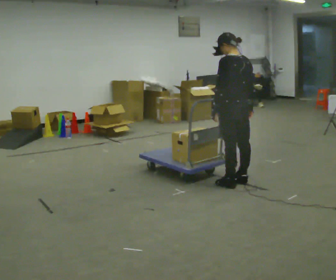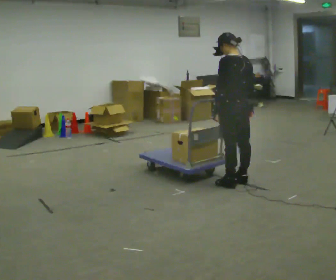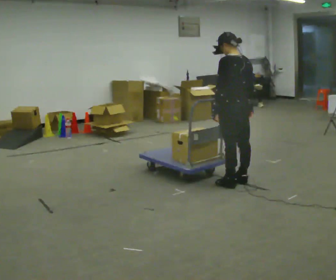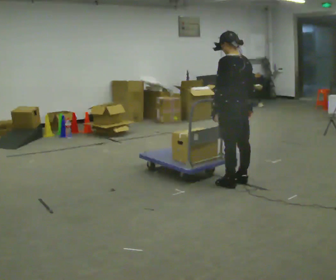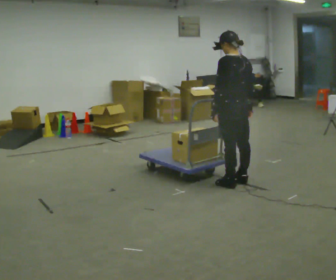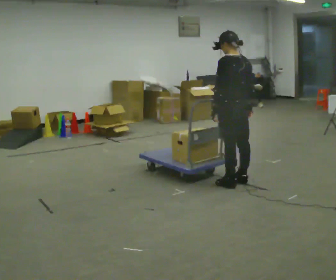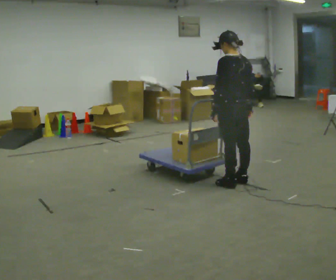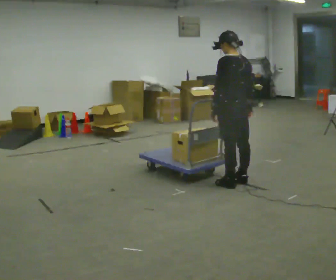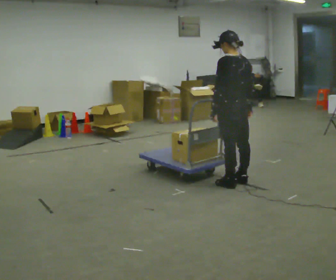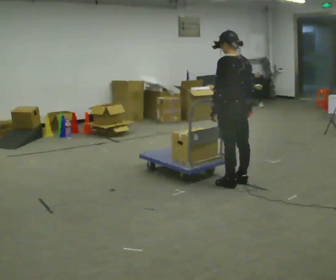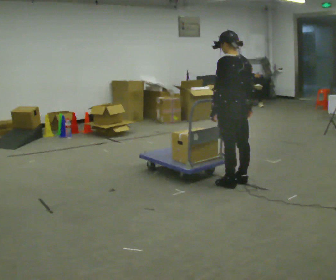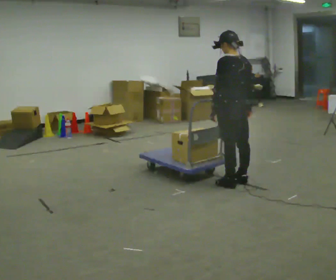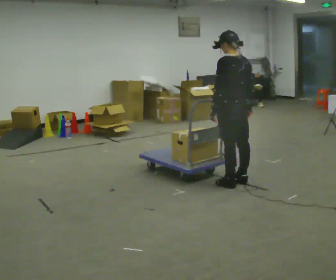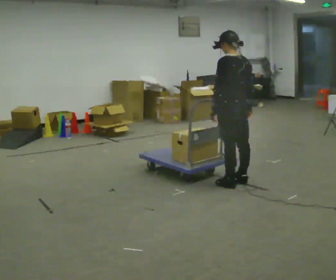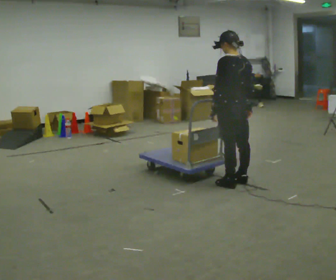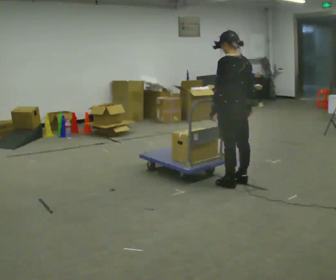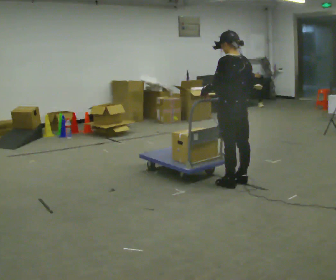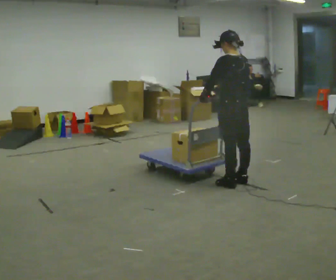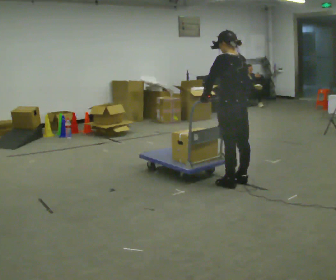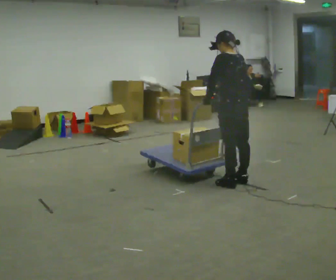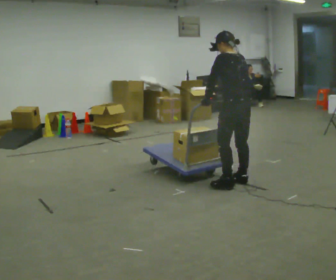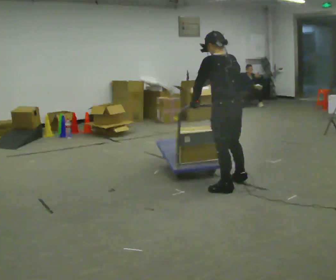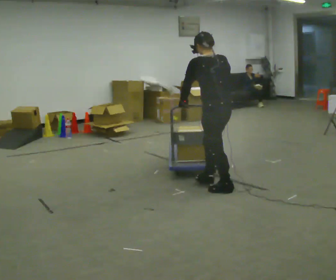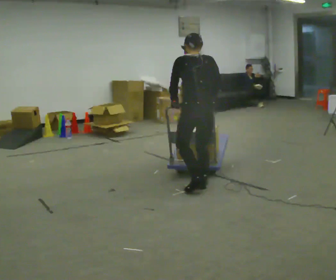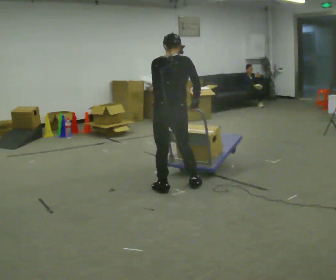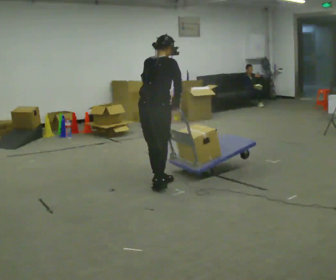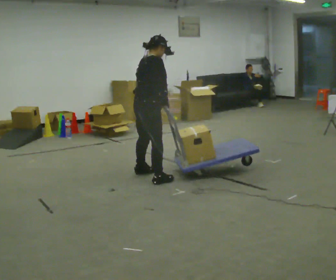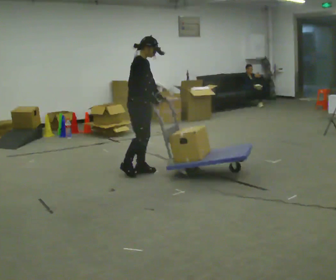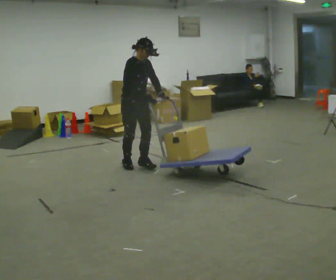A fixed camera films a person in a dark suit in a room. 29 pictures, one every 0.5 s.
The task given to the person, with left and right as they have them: Turn the cart round to face the other way without moving it out of the marked square, then turn it back. Repeat until the operator says stop.
0.0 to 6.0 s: The person keeps their place and pose.
6.0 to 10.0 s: The person moves a little, or ends about where they began.
10.0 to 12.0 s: The part of the body nearest the lens slides to the left as the person turns to their right by about 45 degrees. In the picture they go to the left, about 0.75 m in 2 steps, which for them is to their left and forward.
12.0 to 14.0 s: The part of the body nearest the lens slides to the left as the person turns to their right by about 120 degrees. In the picture they go away from the camera and to the left, about 1 m in 3 steps.
The film runs forward here.
